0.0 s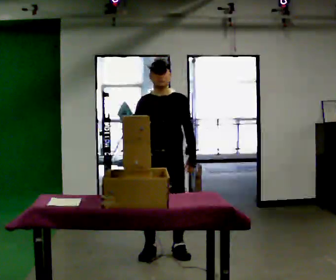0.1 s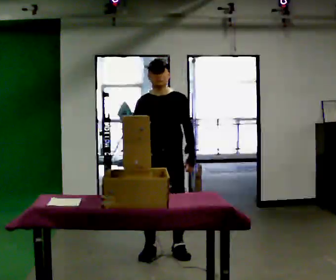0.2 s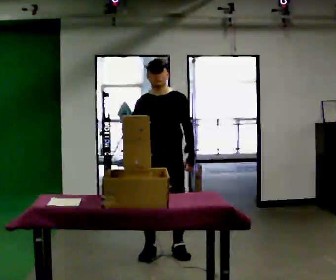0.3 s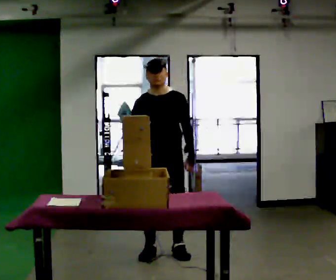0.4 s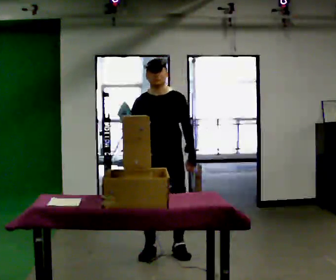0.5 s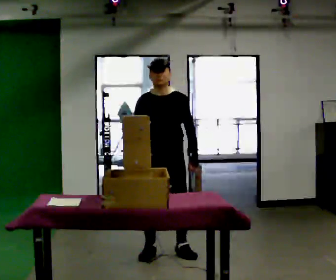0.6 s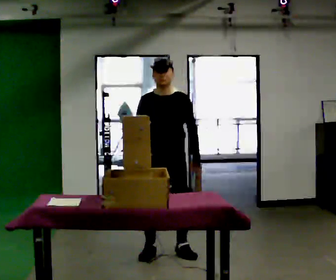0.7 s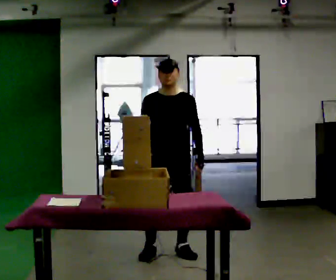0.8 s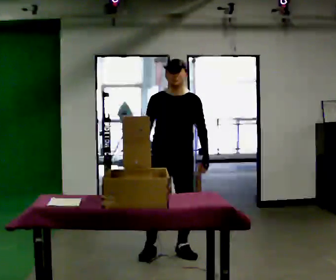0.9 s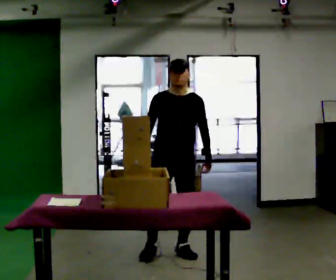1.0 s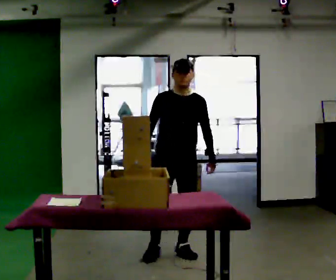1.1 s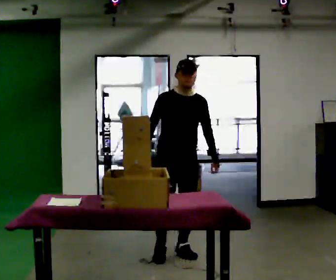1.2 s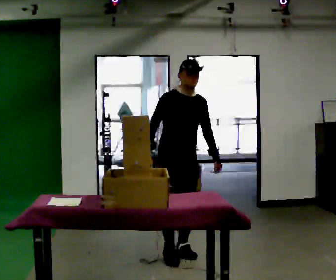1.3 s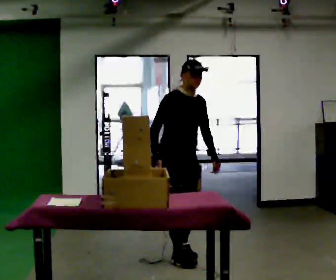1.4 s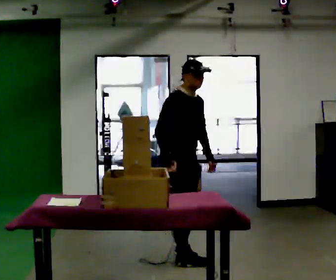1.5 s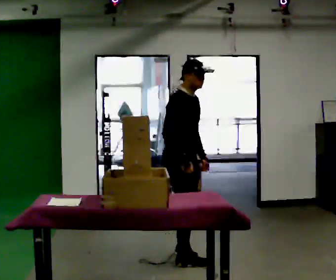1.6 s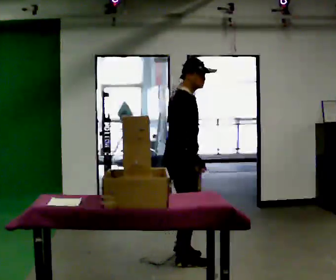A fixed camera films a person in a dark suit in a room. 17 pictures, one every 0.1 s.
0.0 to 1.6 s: The person turns about 75 degrees to their left, counterclockwise seen from above, so the part of the body nearest the lens slides to the right. In the picture they go toward the camera, about 0.25 m in 2 steps.
The film runs backward here.
